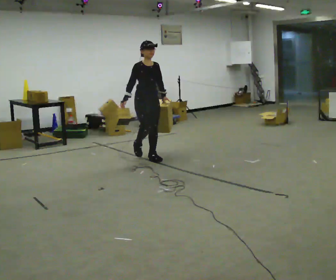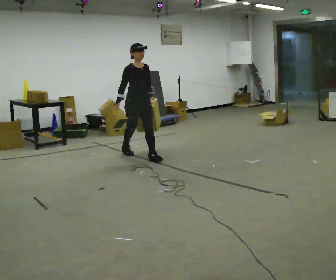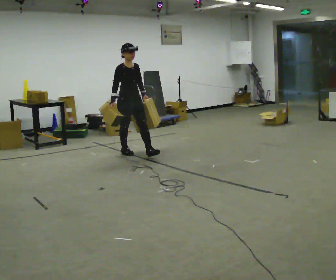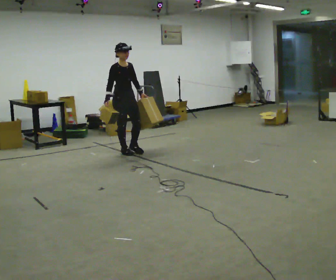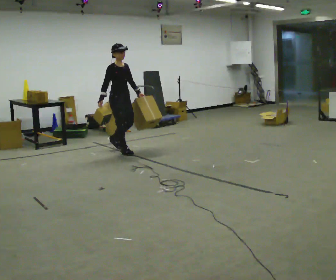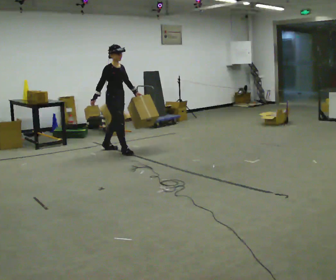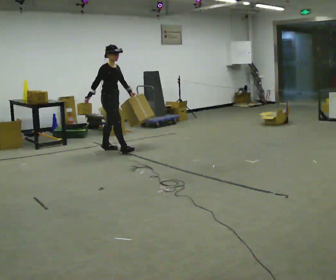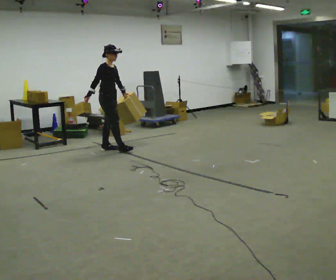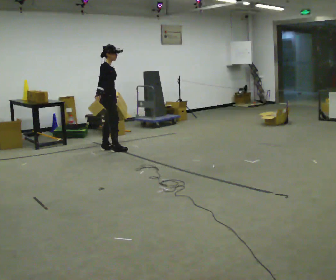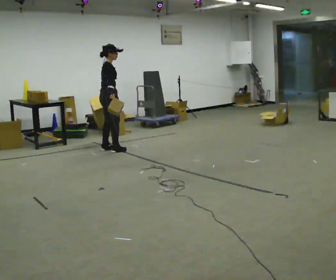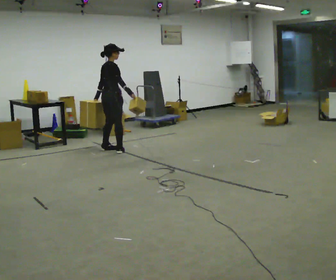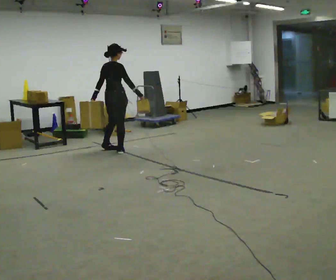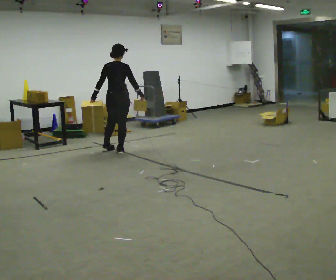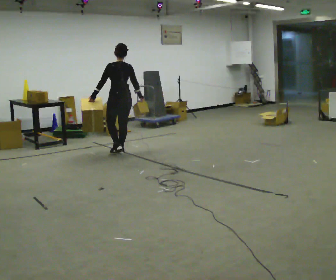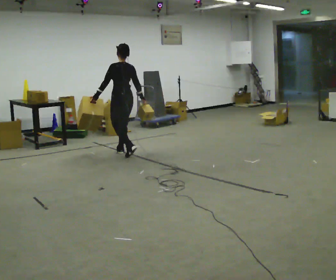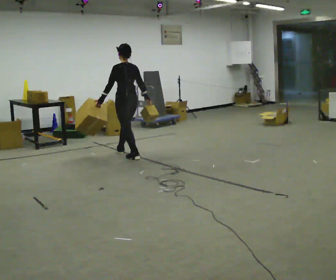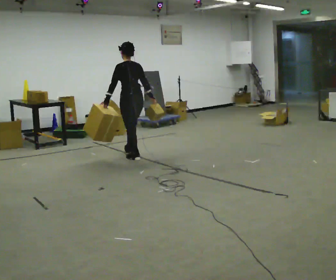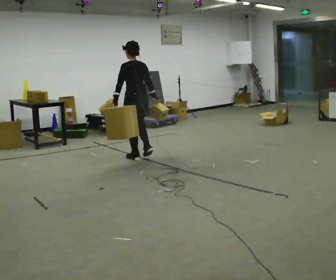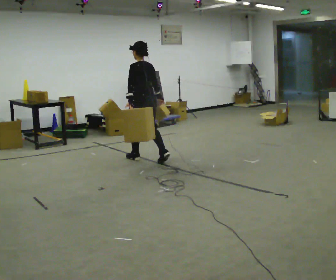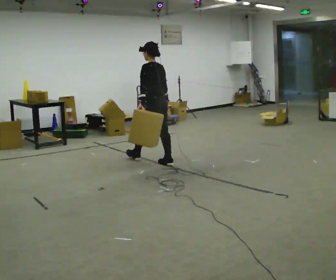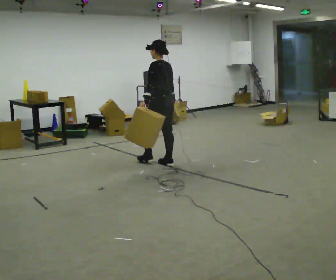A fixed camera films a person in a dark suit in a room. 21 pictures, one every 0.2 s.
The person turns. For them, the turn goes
to their left.
The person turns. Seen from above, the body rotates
counterclockwise.
0.0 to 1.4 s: The part of the body nearest the lens slides to the right as the person turns to their left by about 45 degrees. In the picture they go away from the camera and to the left, about 1 m in 2 steps, which for them is backward.
1.4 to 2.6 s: The person turns about 120 degrees to their left, counterclockwise seen from above, so the part of the body nearest the lens slides to the right. In the picture they go toward the camera and to the right, about 0.25 m in 2 steps.
2.6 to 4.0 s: The part of the body nearest the lens slides to the right as the person turns to their left by about 30 degrees. In the picture they go toward the camera and to the right, about 1 m in 2 steps, which for them is backward.
The film runs backward here.
